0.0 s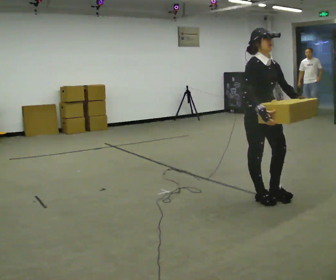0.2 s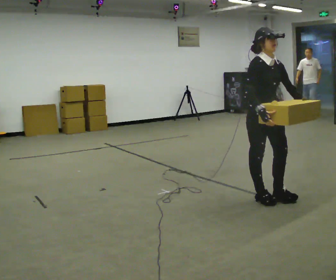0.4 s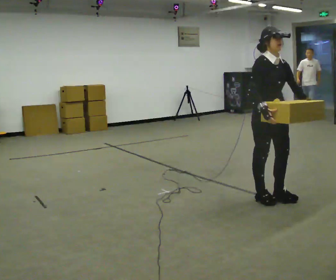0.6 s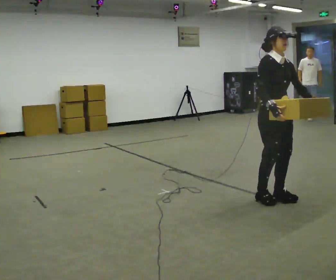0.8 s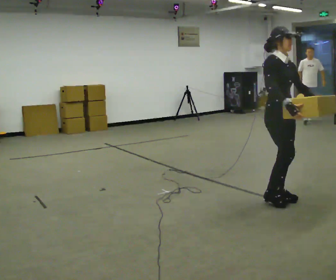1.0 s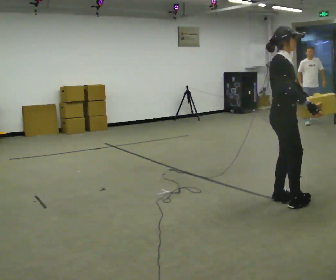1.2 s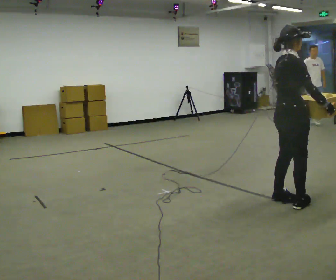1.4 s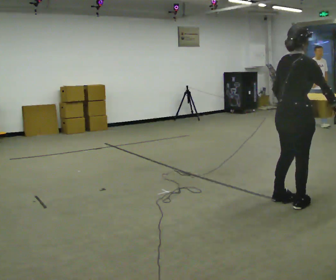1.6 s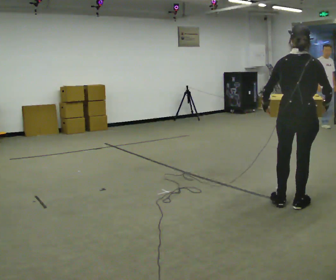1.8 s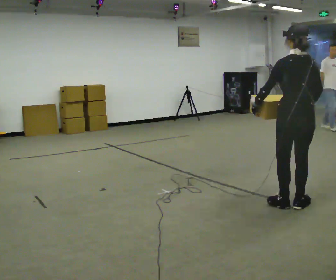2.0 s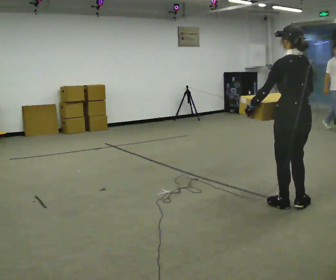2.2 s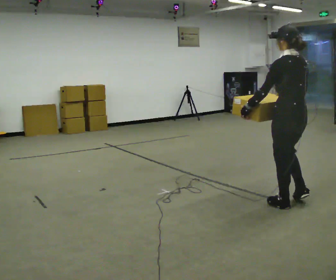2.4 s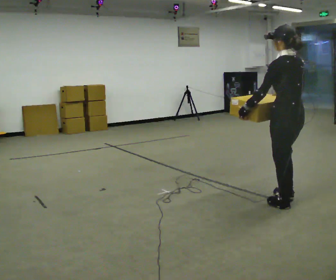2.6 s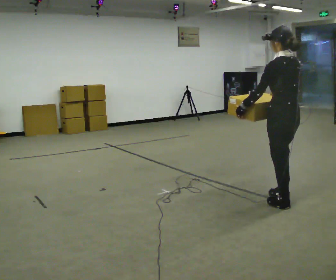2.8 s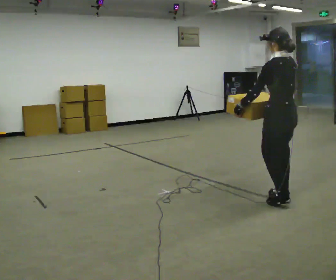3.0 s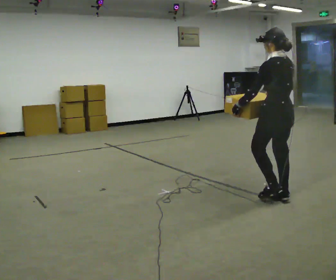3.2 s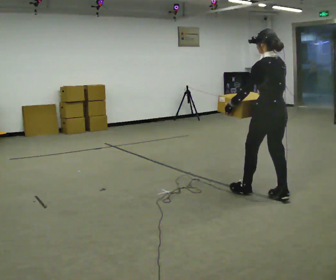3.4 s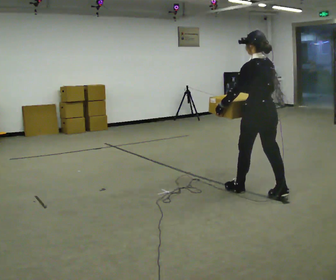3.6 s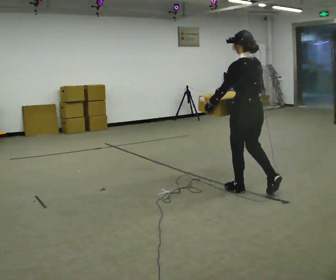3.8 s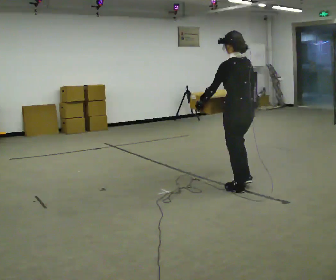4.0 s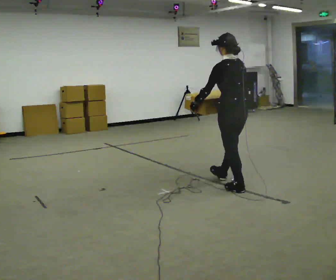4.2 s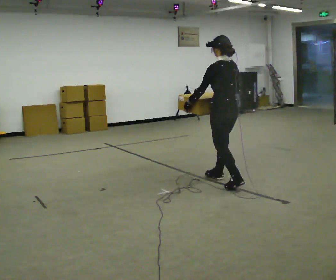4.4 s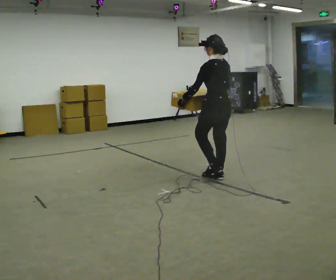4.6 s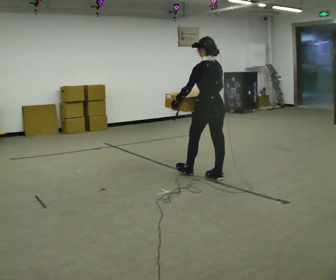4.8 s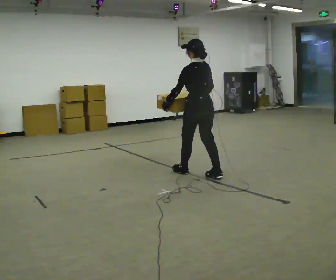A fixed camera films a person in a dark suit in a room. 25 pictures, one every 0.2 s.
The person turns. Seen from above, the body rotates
counterclockwise.
The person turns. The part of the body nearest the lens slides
to the right.
0.0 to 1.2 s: The part of the body nearest the lens slides to the right as the person turns to their left by about 60 degrees. In the picture they go to the right, about 0.25 m in 2 steps.
1.2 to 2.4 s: The person turns about 120 degrees to their left, counterclockwise seen from above, so the part of the body nearest the lens slides to the right. In the picture their left hand goes to the left, the arm swinging clockwise.
2.4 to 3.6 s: In the picture they go to the left and away from the camera, about 0.5 m in 2 steps, which for them is forward.
3.6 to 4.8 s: In the picture they go to the left and away from the camera, about 1 m in 2 steps, which for them is forward.
The film runs forward here.
